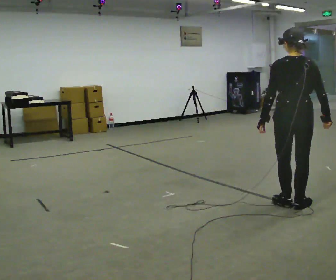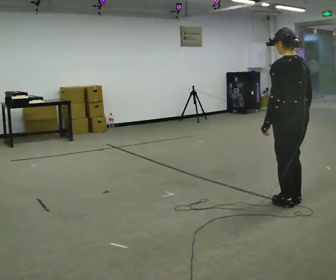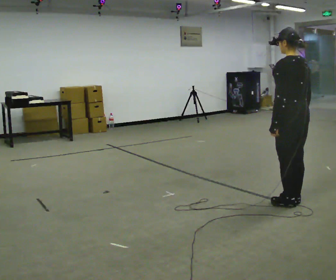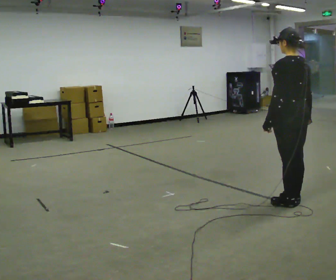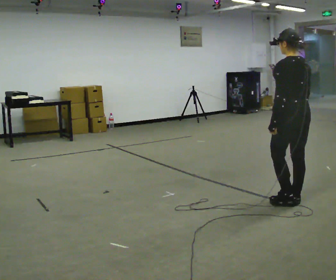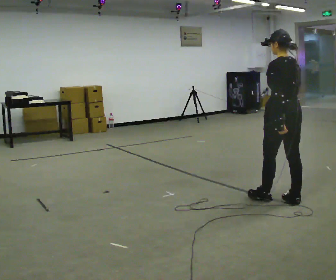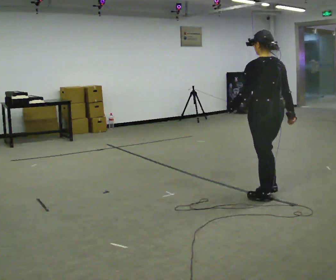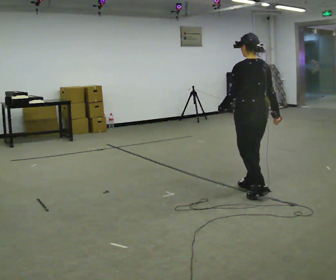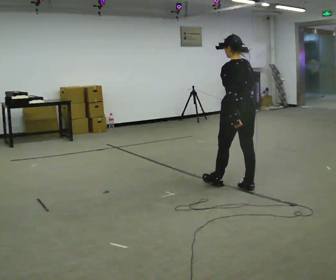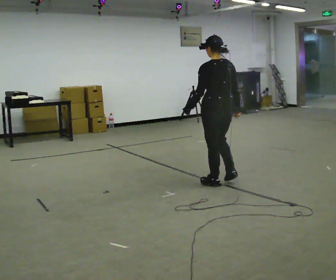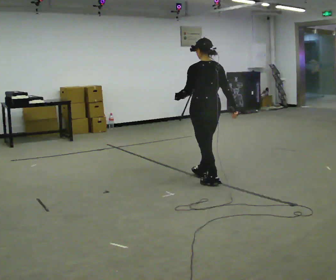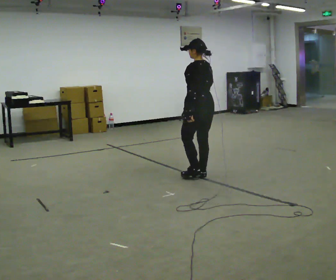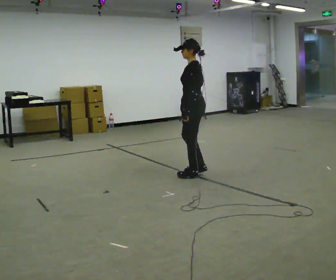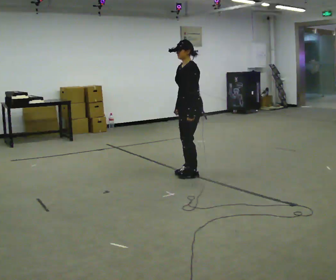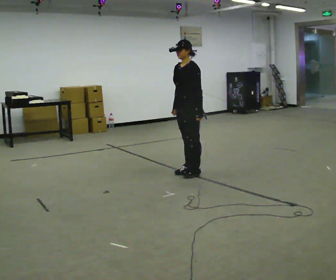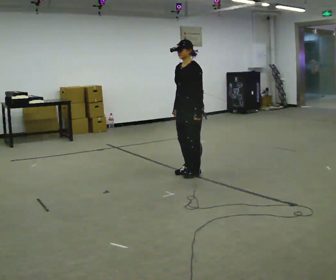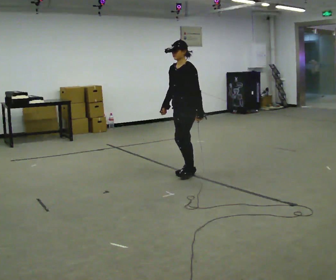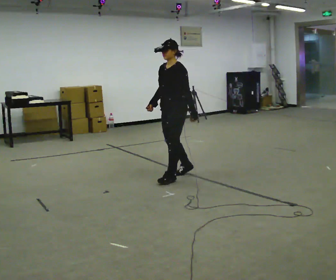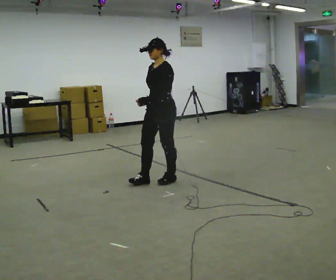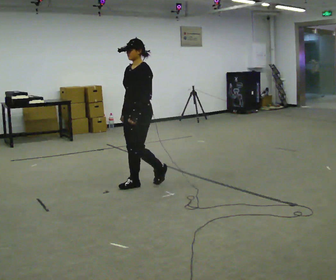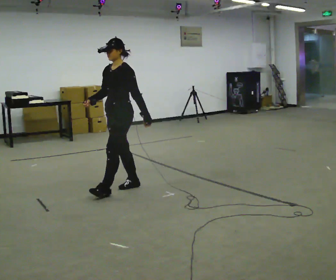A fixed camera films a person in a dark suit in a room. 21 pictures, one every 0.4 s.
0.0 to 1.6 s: The person turns about 45 degrees to their left, counterclockwise seen from above, so the part of the body nearest the lens slides to the right.
1.6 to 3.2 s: In the picture they go away from the camera and to the left, about 0.75 m in 2 steps, which for them is forward.
3.2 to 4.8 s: Seen from above the body turns counterclockwise, about 45 degrees: to their left, with its near side sliding to the right. In the picture they go away from the camera and to the left, about 0.75 m in 3 steps, which for them is forward.
4.8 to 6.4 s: The person turns about 45 degrees to their left, counterclockwise seen from above, so the part of the body nearest the lens slides to the right.
6.4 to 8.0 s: In the picture they go to the left and toward the camera, about 1 m in 2 steps, which for them is forward.
The film runs forward here.
